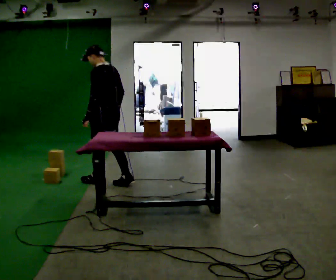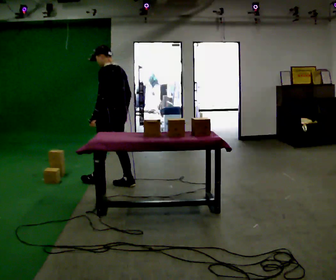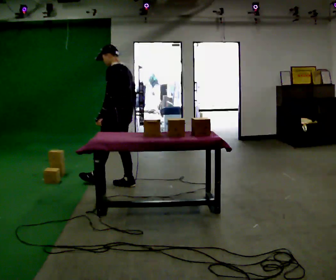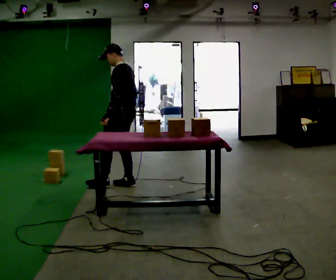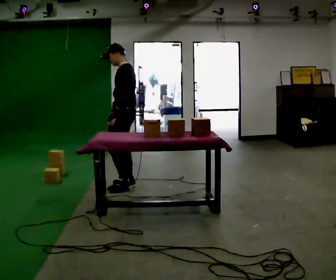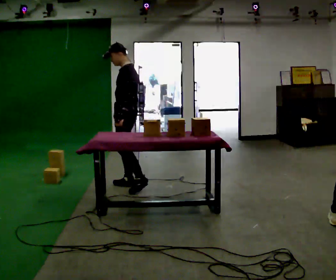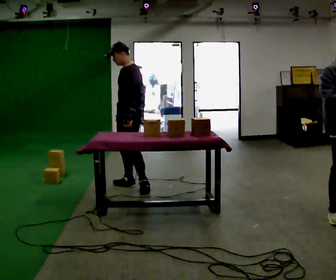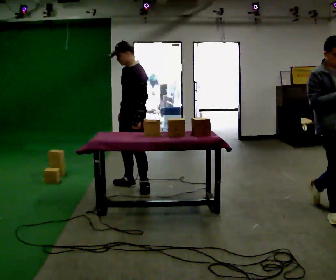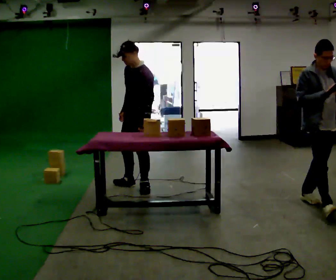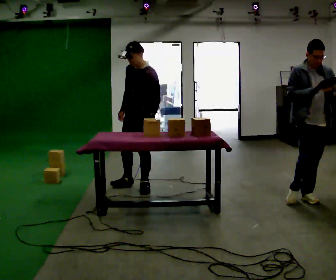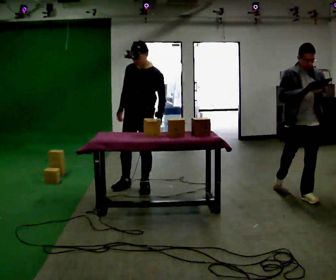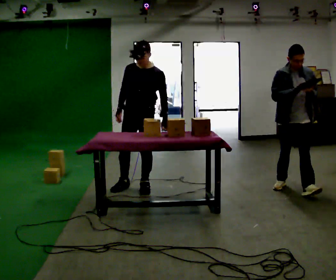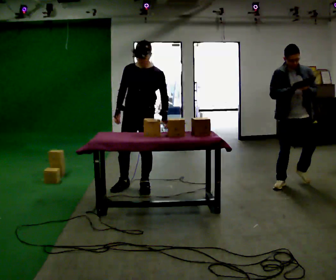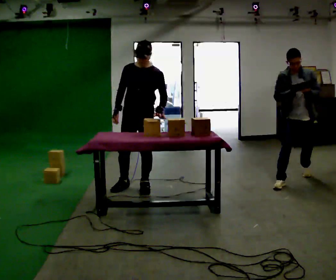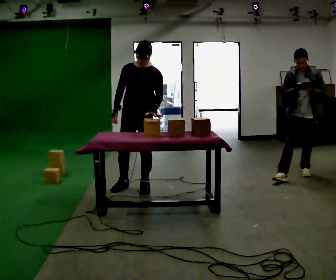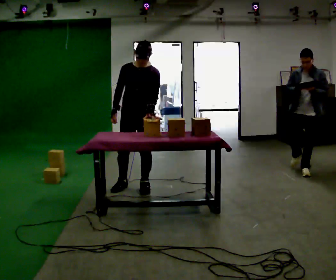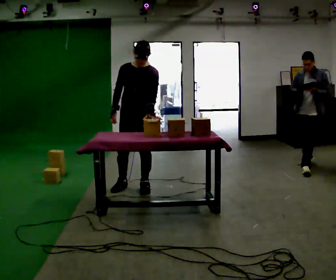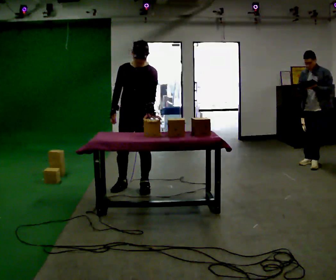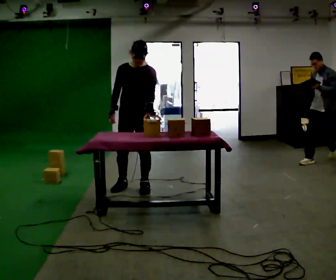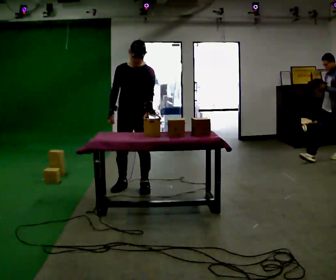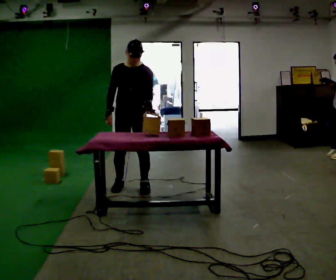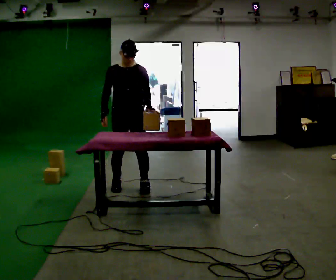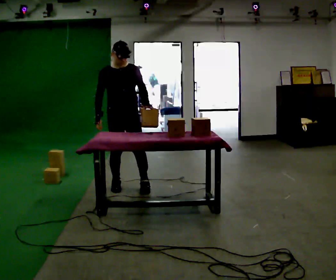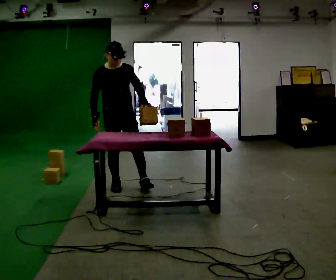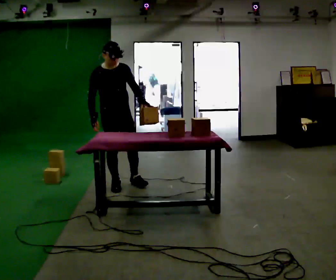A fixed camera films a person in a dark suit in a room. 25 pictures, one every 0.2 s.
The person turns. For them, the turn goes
to their left.
Their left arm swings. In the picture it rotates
counterclockwise.
0.0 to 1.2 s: The person turns about 60 degrees to their left, counterclockwise seen from above, so the part of the body nearest the lens slides to the right. In the picture they go to the right, about 0.25 m in 1 step, which for them is backward.
1.2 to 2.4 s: Seen from above the body turns counterclockwise, about 60 degrees: to their left, with its near side sliding to the right. In the picture their left hand goes to the right.
2.4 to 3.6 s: The person moves a little, or ends about where they began.
3.6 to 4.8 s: The part of the body nearest the lens slides to the right as the person turns to their left by about 45 degrees. In the picture they go to the left, about 0.25 m in 1 step, which for them is to their right.
The film runs backward here.
